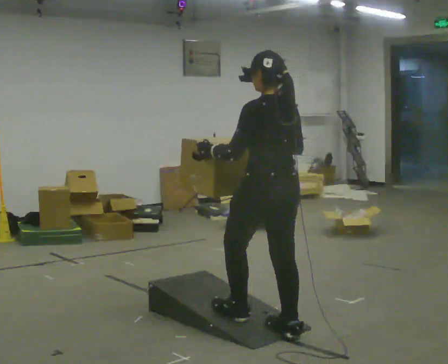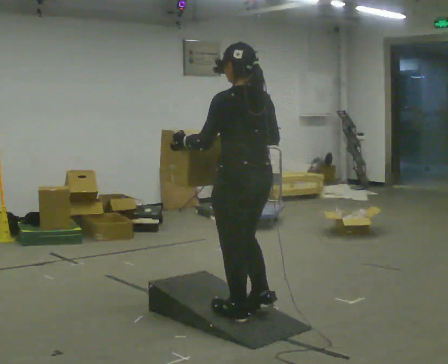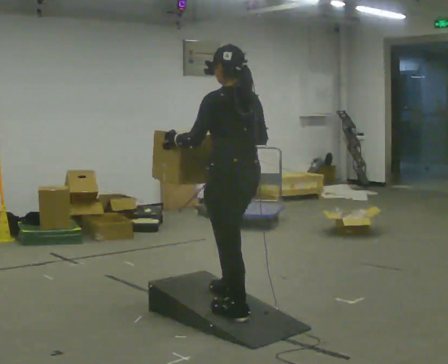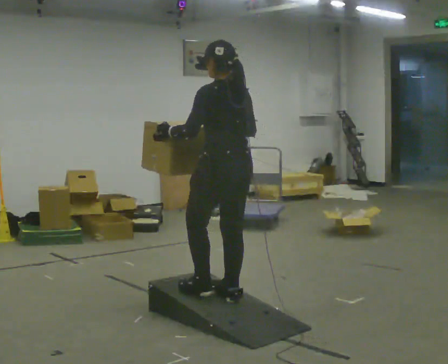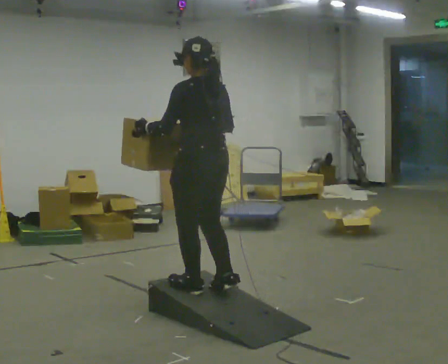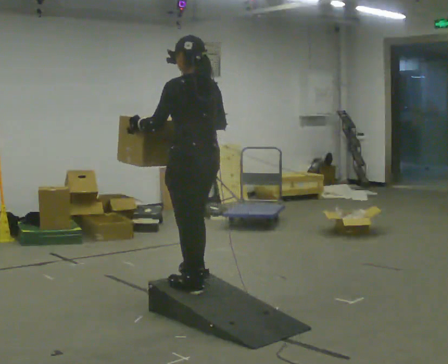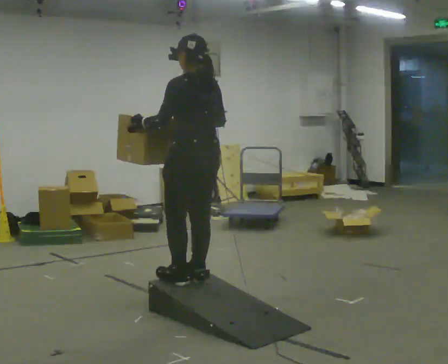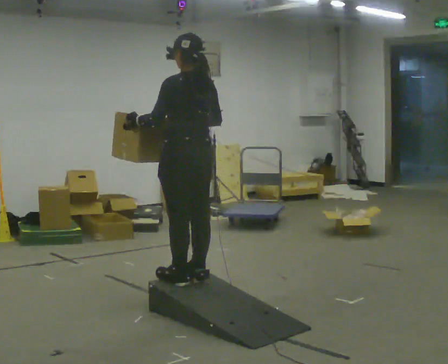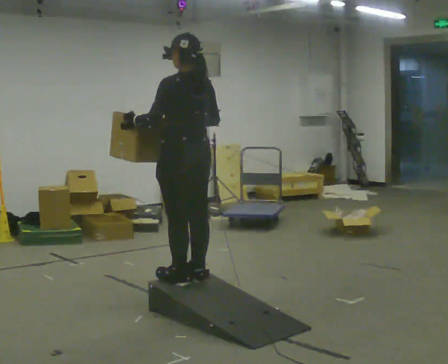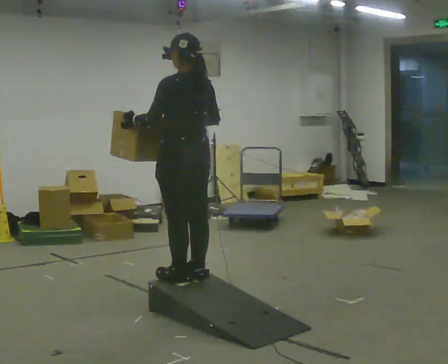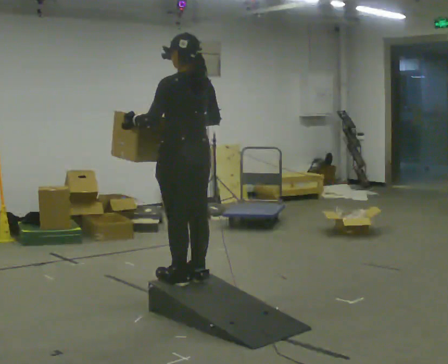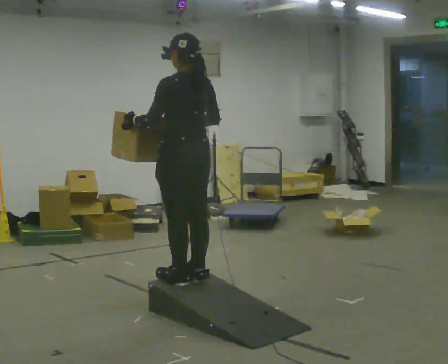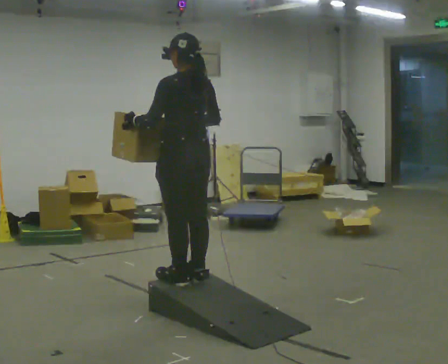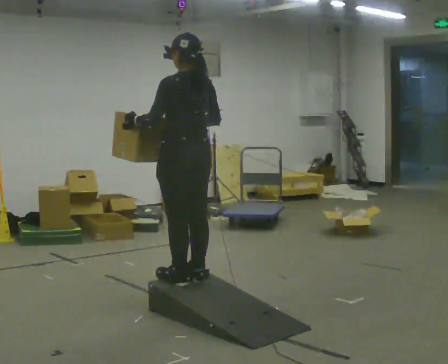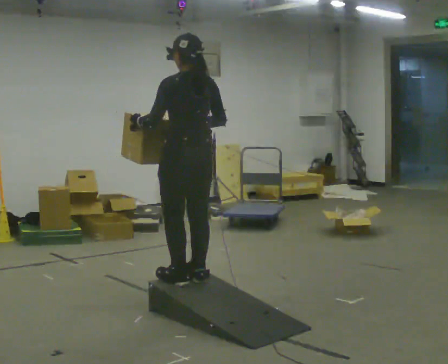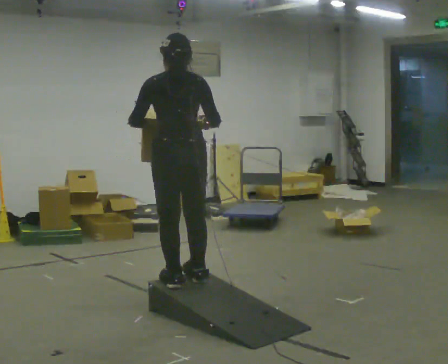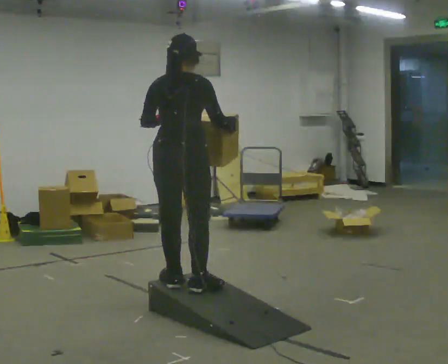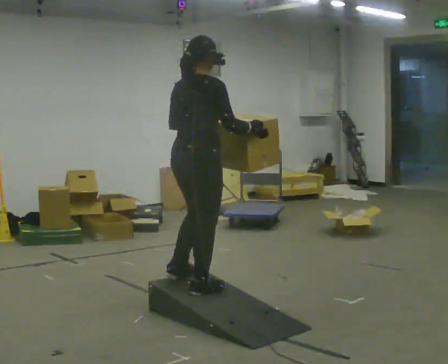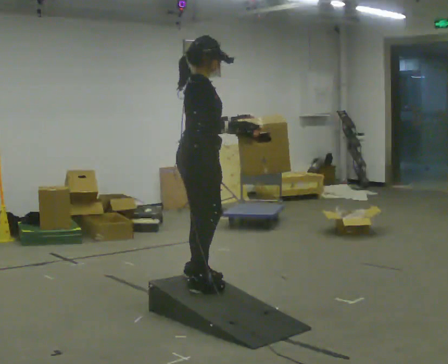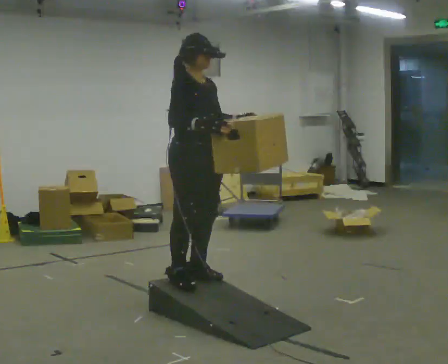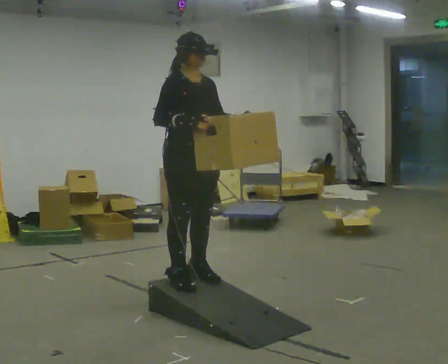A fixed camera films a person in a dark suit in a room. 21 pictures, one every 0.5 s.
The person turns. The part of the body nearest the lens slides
to the left.
The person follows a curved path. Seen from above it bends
clockwise.
0.0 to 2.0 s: In the picture they go away from the camera and to the left, about 0.5 m in 2 steps, which for them is forward.
2.0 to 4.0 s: In the picture they go away from the camera, about 0.25 m in 1 step, which for them is forward.
4.0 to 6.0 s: The person keeps their place and pose.
6.0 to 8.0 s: Seen from above the body turns clockwise, about 60 degrees: to their right, with its near side sliding to the left.
8.0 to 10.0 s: Seen from above the body turns clockwise, about 120 degrees: to their right, with its near side sliding to the left. In the picture their left hand goes to the right.
The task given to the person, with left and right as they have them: Carry the box up the ramp, turn at the top, and carry it back down. Keep going until the operator says stop; one object at a time, and do not rush between trips.
The film runs forward here.
